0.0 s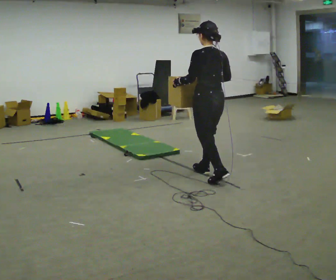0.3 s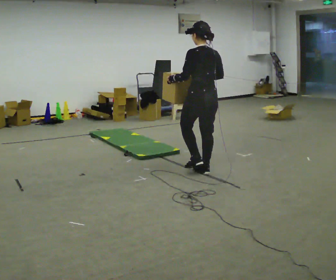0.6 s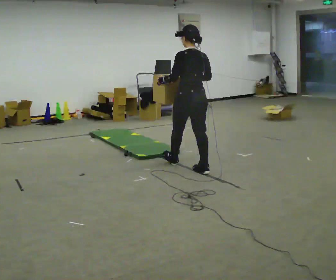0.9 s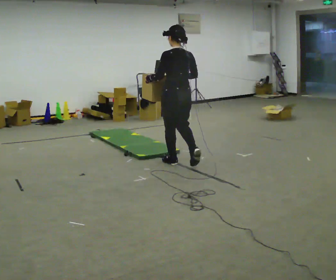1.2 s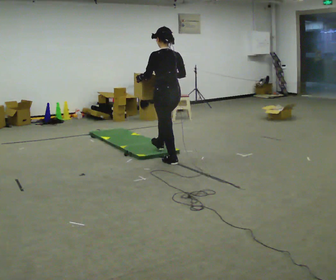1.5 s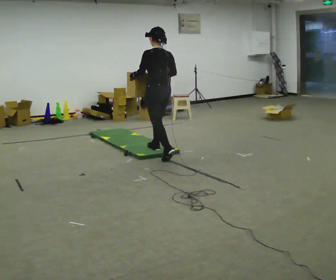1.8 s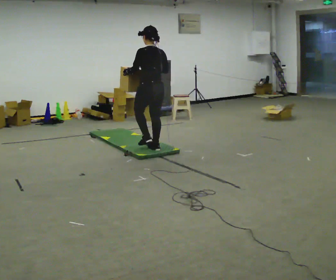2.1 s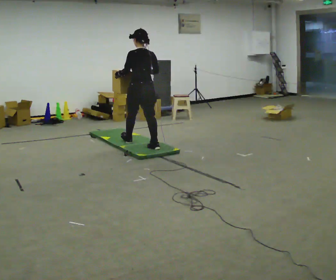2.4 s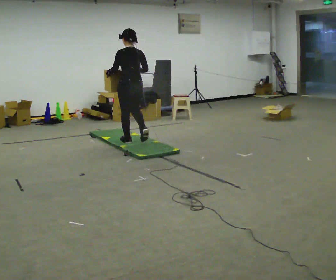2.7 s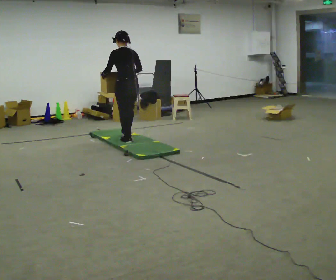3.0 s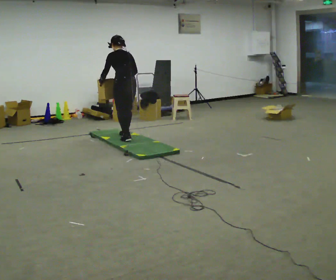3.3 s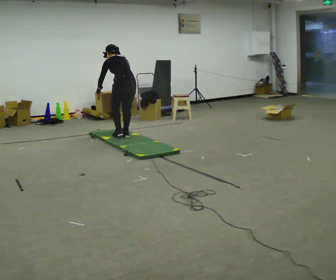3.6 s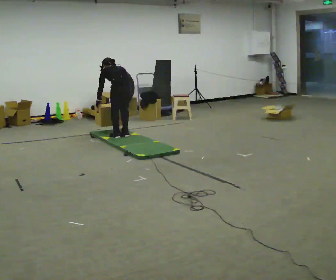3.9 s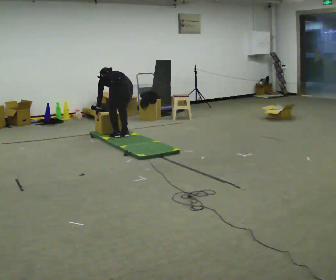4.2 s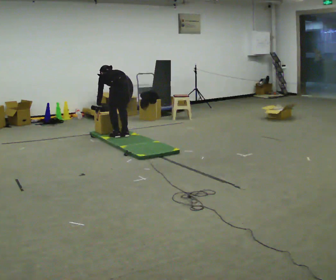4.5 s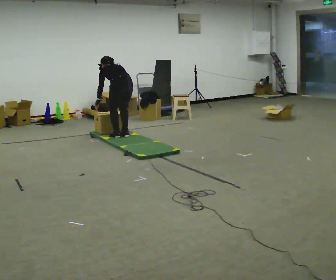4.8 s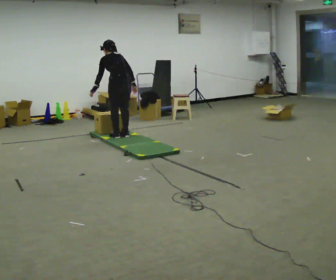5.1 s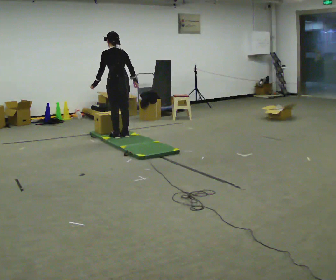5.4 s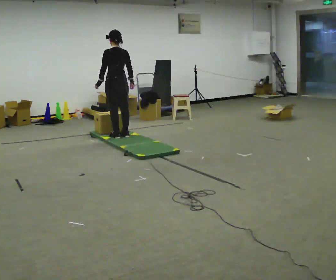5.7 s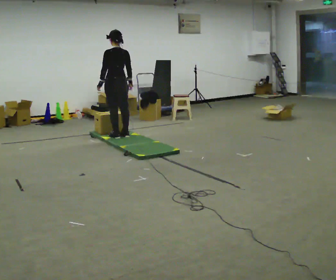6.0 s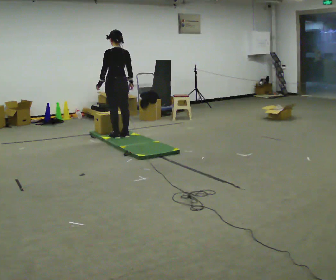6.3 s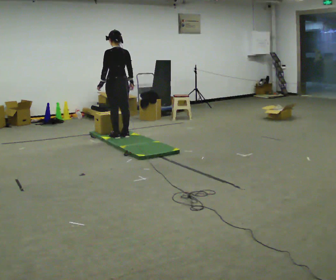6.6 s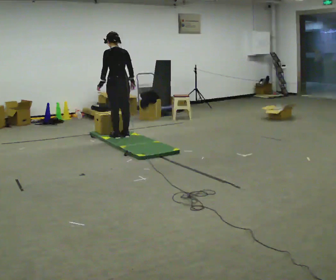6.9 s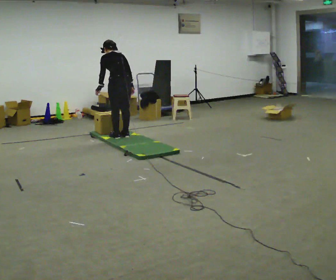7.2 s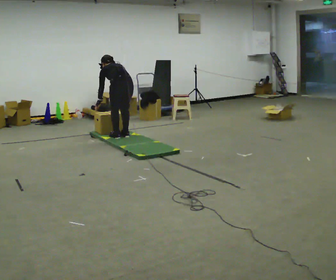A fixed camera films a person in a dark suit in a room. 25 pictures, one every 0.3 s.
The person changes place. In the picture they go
away from the camera.
0.0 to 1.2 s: In the picture they go away from the camera and to the left, about 1 m in 1 step, which for them is forward.
1.2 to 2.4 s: In the picture they go away from the camera and to the left, about 1 m in 2 steps, which for them is forward.
2.4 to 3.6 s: In the picture they go away from the camera, about 0.25 m in 2 steps, which for them is forward. The upper body goes downward. The upper body tips away from the camera, its near side rolling upward, as they bend forward. In the picture their right hand goes downward.
3.6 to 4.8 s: The upper body tips toward the camera, its near side rolling downward, as they lean back or straighten. In the picture their right hand goes upward.
4.8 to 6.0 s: The upper body tips toward the camera, its near side rolling downward, as they lean back or straighten.
6.0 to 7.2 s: In the picture they go toward the camera, about 0.25 m, which for them is backward. The shoulders move downward. The upper body tips away from the camera, its near side rolling upward, as they bend forward.
The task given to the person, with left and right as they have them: Carry the box across the soft uneven mat, set it down on the far side, then bring it back. Keep going until the operator says stop; one object at a time, and do not rush between trips.
The film runs forward here.
